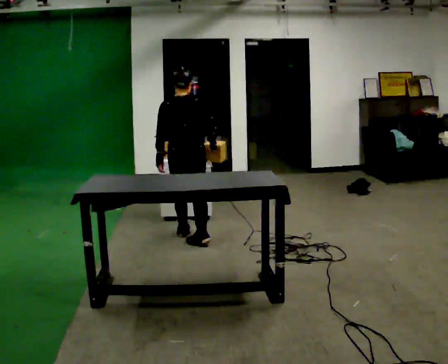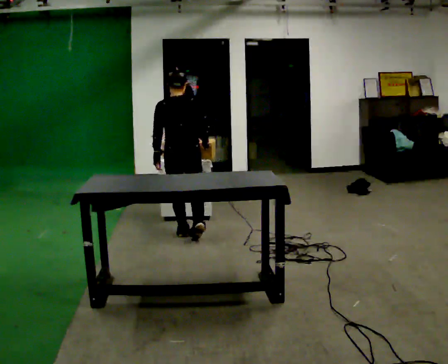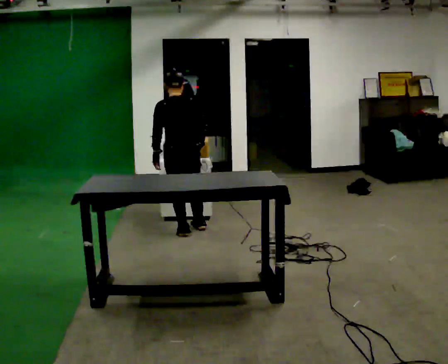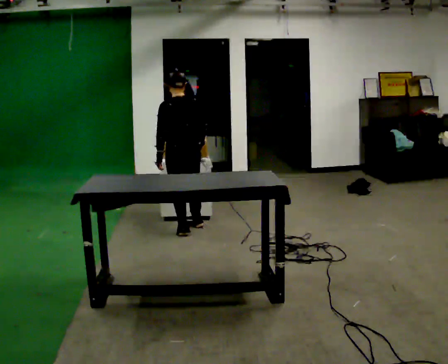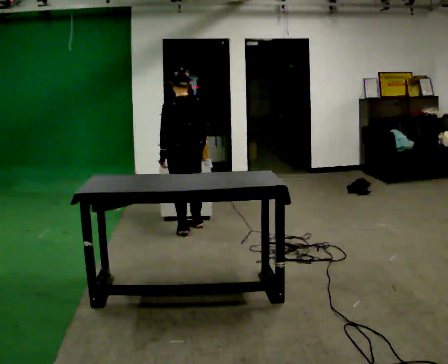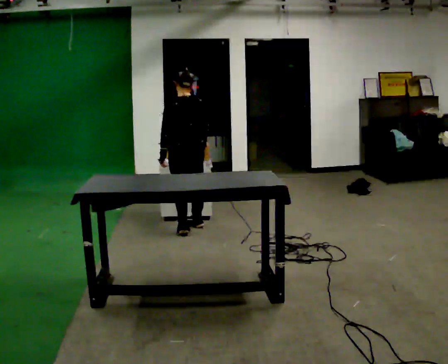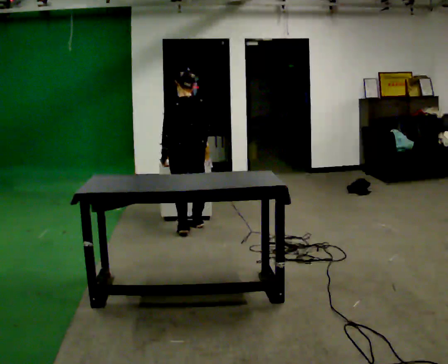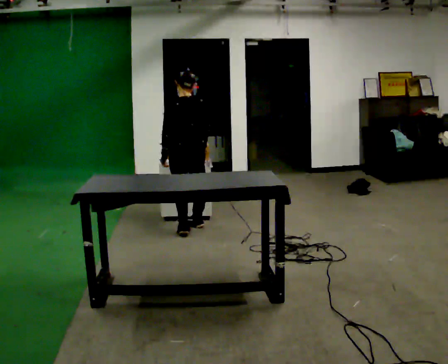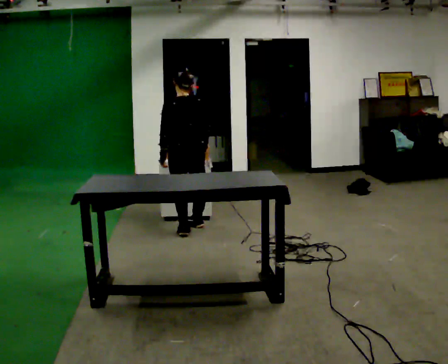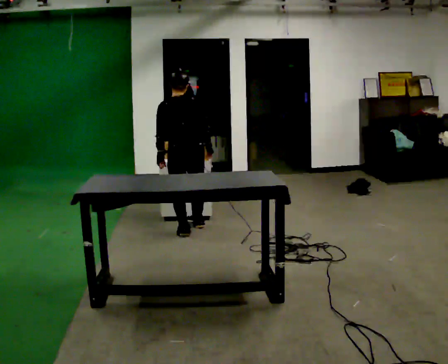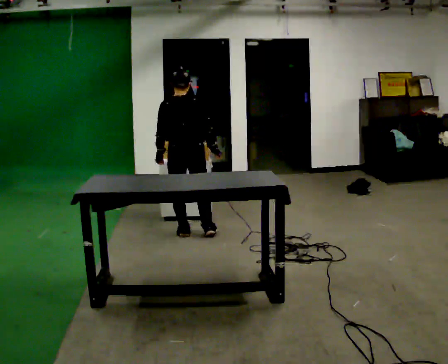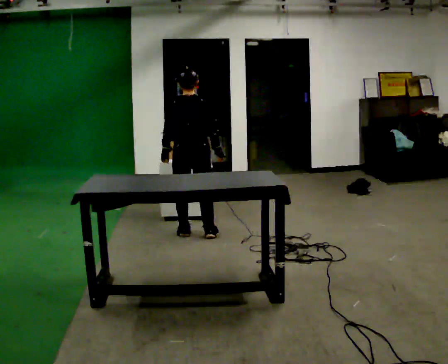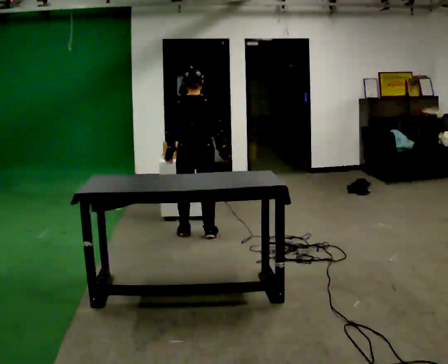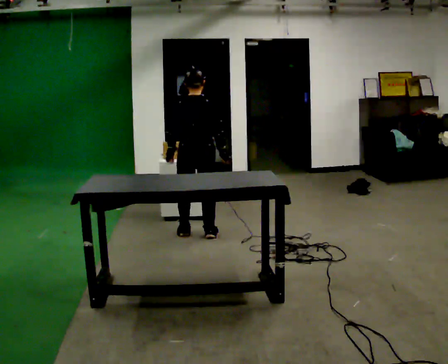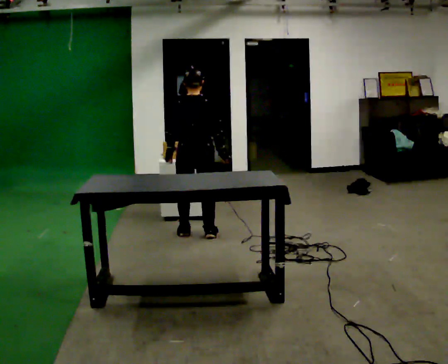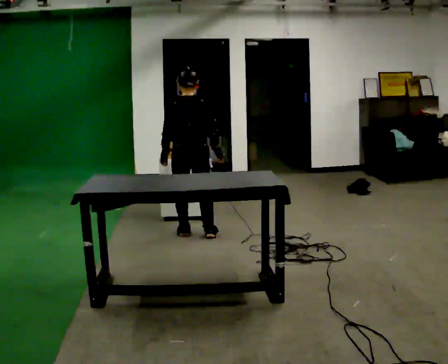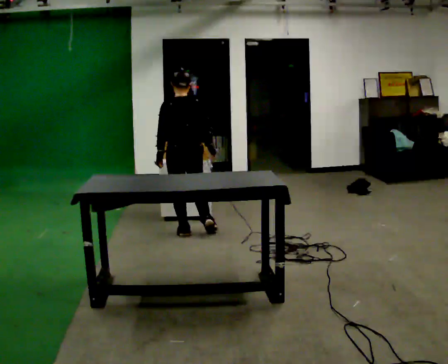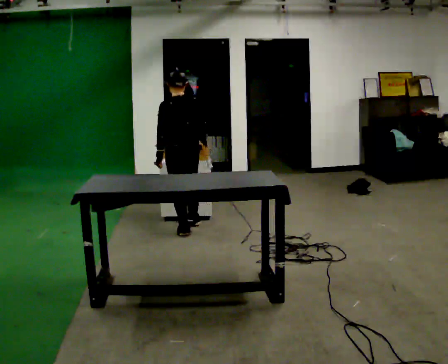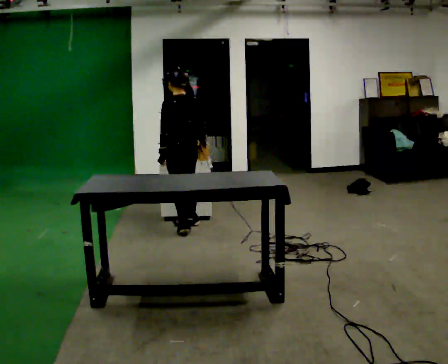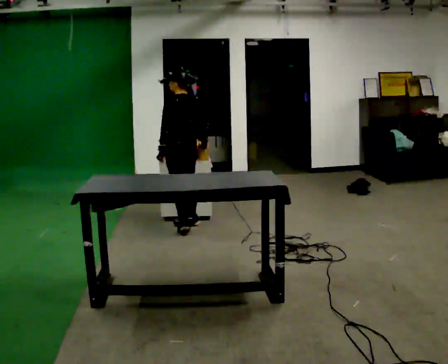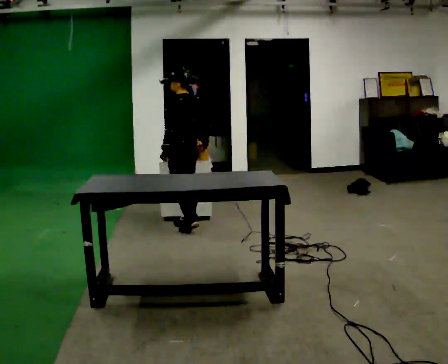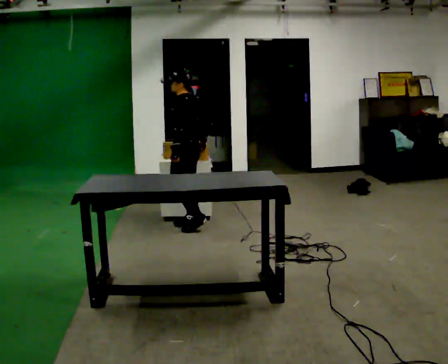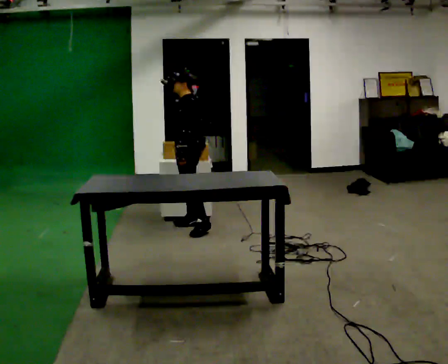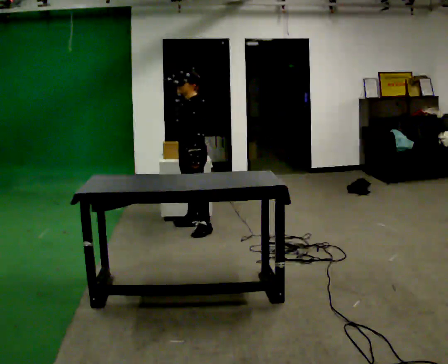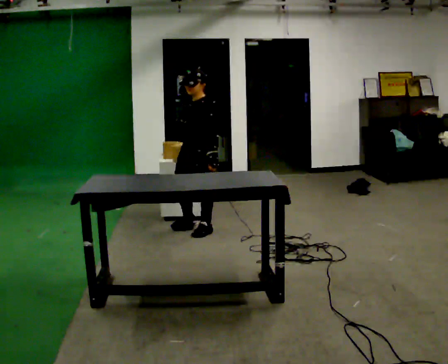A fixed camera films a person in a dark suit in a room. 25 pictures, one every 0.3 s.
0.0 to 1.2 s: The person turns about 30 degrees to their left, counterclockwise seen from above, so the part of the body nearest the lens slides to the right. In the picture they go away from the camera, about 0.25 m in 1 step, which for them is forward.
1.2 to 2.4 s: The person moves a little, or ends about where they began.
2.4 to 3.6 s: Seen from above the body turns clockwise, about 30 degrees: to their right, with its near side sliding to the left. In the picture they go toward the camera, about 0.25 m in 1 step, which for them is backward.
3.6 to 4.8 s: The person moves a little, or ends about where they began.
4.8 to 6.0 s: Seen from above the body turns counterclockwise, about 45 degrees: to their left, with its near side sliding to the right. In the picture they go away from the camera, about 0.25 m in 1 step, which for them is forward and to their right.
6.0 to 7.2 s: Seen from above the body turns counterclockwise, about 75 degrees: to their left, with its near side sliding to the right. In the picture they go toward the camera, about 0.25 m in 1 step.
The film runs forward here.
